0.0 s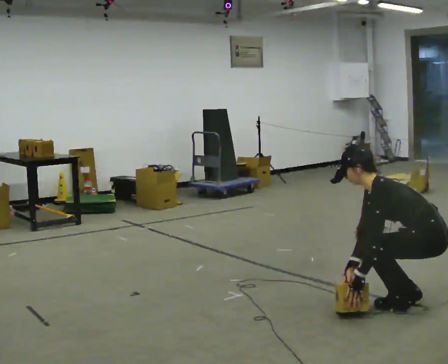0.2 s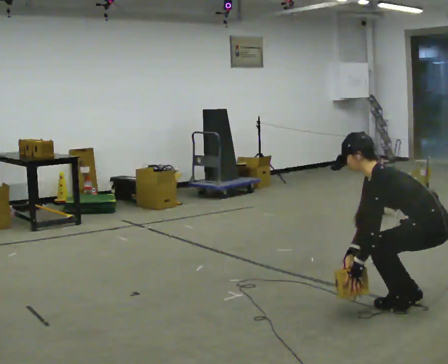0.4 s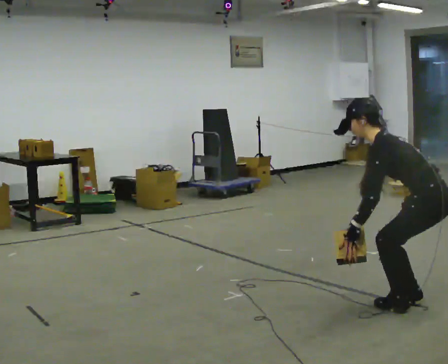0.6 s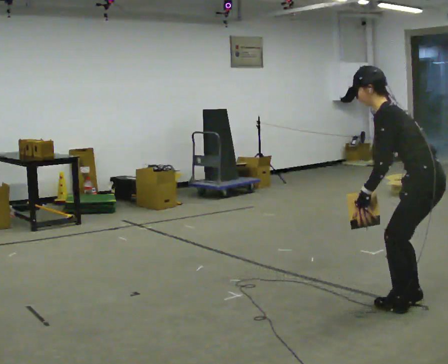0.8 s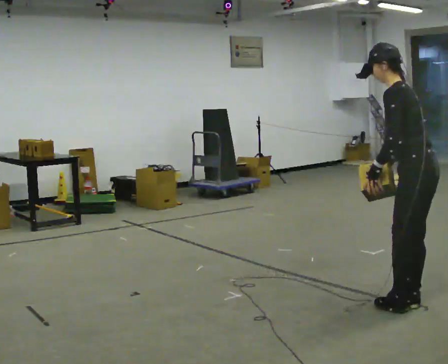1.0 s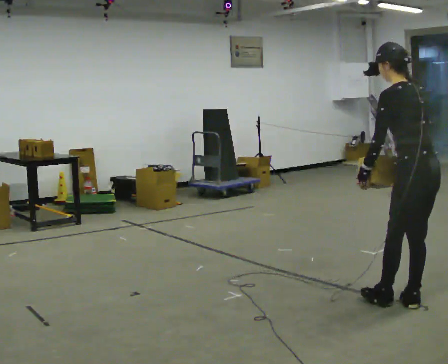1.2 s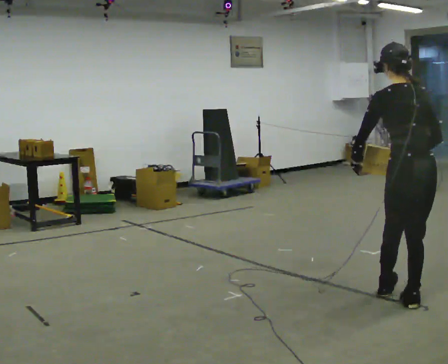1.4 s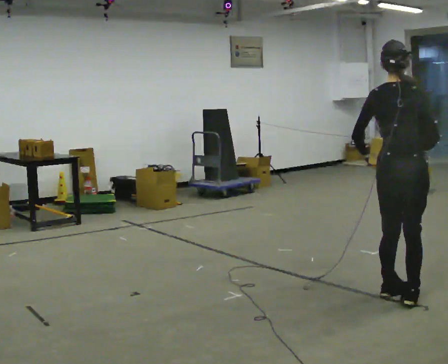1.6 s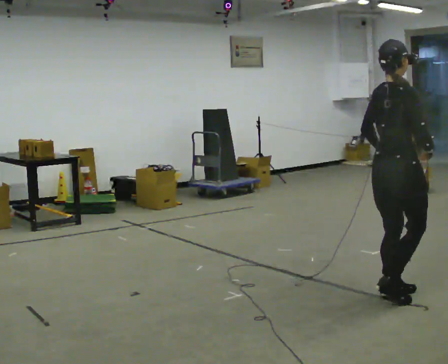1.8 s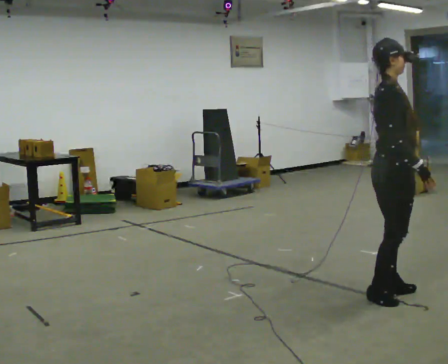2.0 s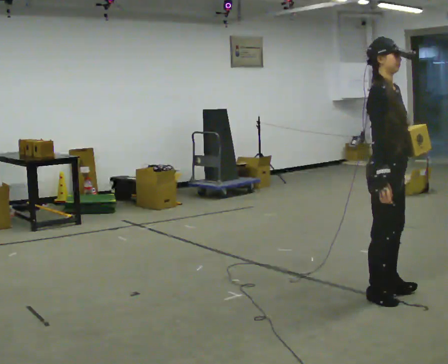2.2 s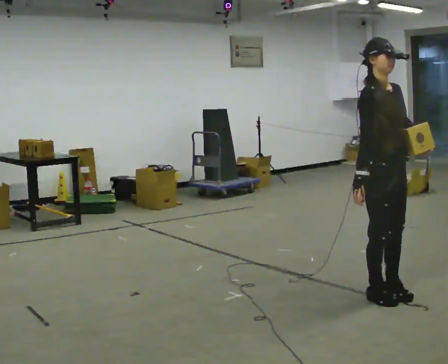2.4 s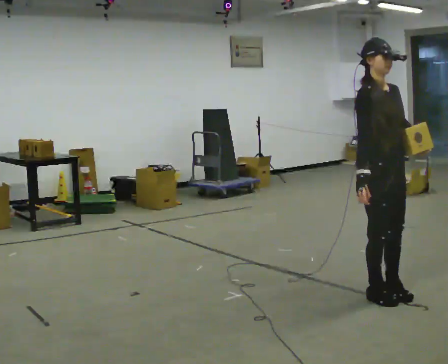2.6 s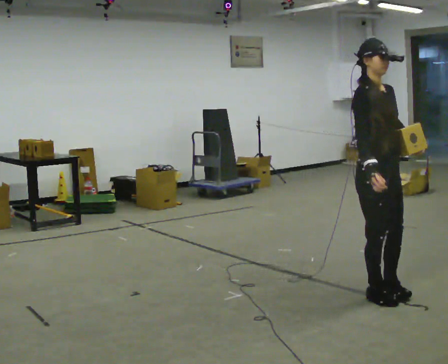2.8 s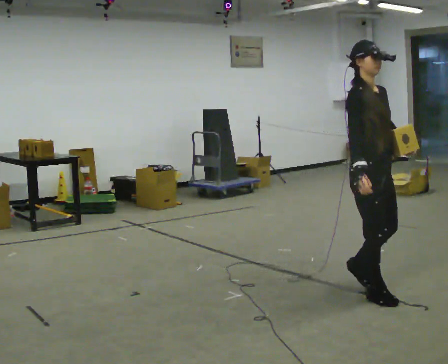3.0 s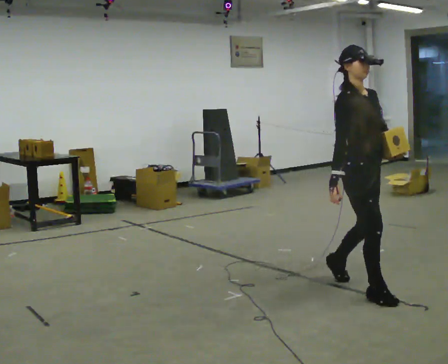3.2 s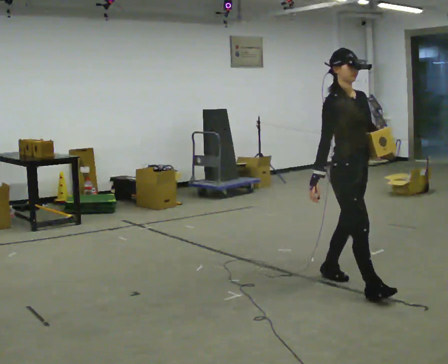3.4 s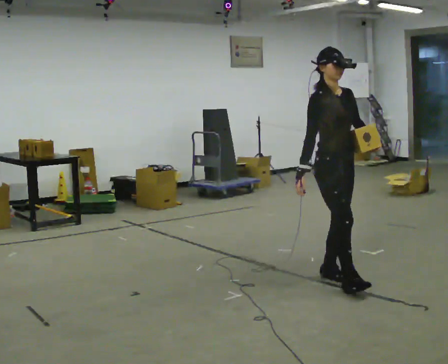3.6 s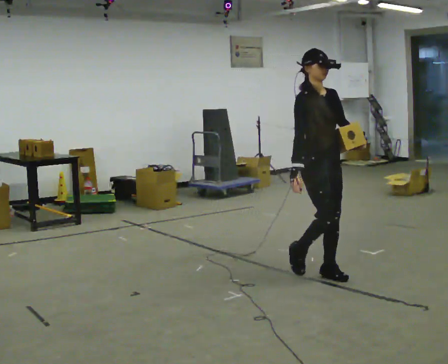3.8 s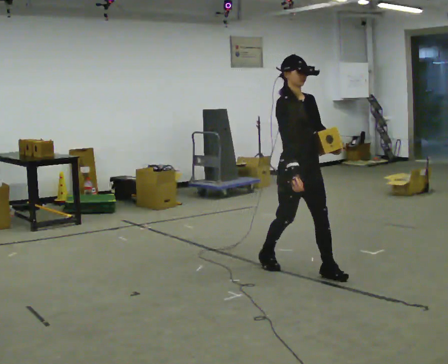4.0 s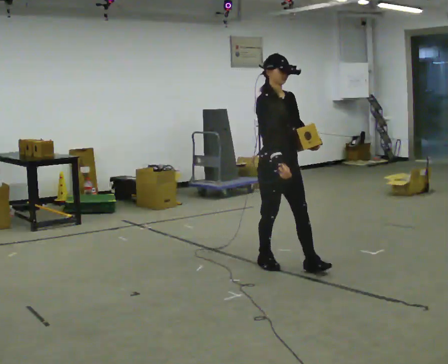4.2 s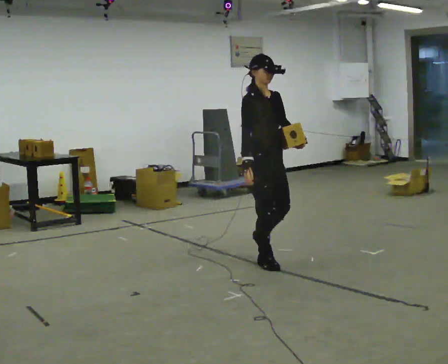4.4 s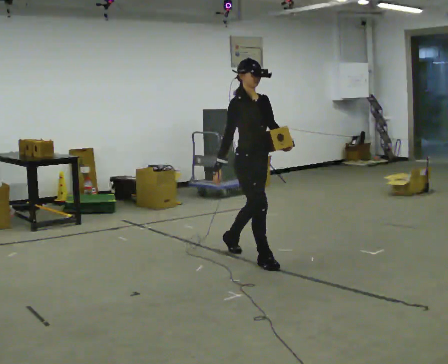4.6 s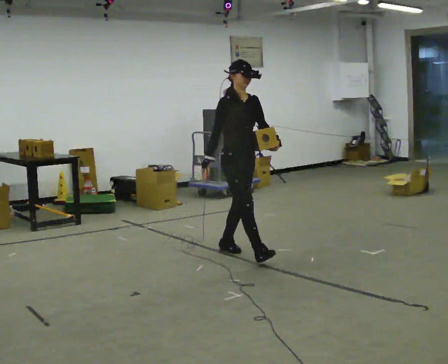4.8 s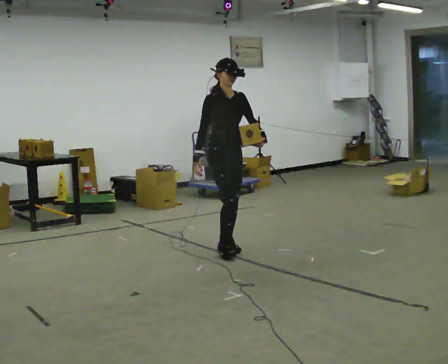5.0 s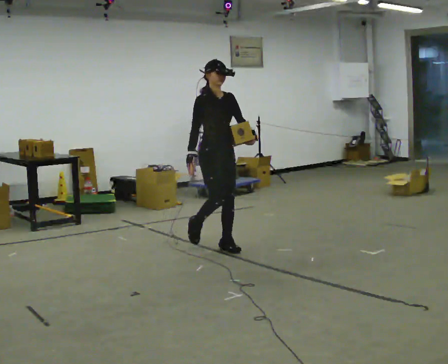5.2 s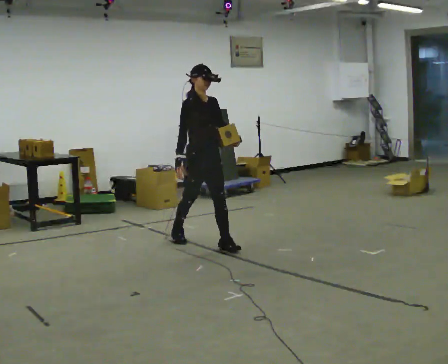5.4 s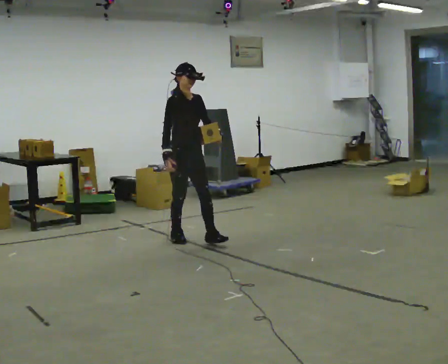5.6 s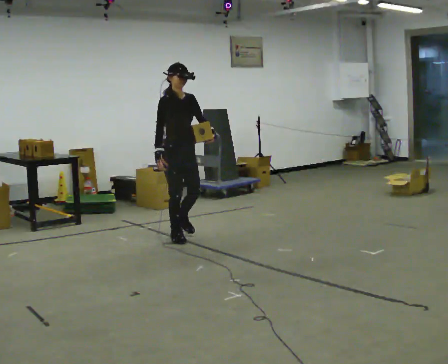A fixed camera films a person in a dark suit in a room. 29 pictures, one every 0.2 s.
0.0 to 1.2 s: The part of the body nearest the lens slides to the left as the person turns to their right by about 60 degrees. The upper body goes upward. In the picture the upper body tilts clockwise, shoulders to the right, as they lean back or straighten. In the picture their left hand goes upward.
1.2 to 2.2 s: Seen from above the body turns clockwise, about 150 degrees: to their right, with its near side sliding to the left. In the picture they go to the left and away from the camera, about 0.25 m in 1 step. In the picture their left hand goes to the right, the arm swinging counterclockwise.
2.2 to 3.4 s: In the picture they go away from the camera and to the left, about 0.5 m in 2 steps, which for them is backward.
3.4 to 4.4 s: In the picture they go away from the camera and to the left, about 1 m in 1 step, which for them is backward.
4.4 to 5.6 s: In the picture they go away from the camera and to the left, about 1 m in 2 steps, which for them is backward.
The film runs backward here.
